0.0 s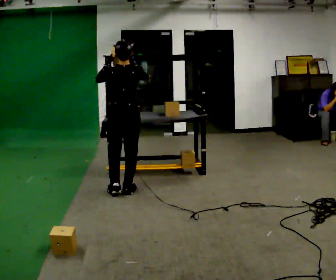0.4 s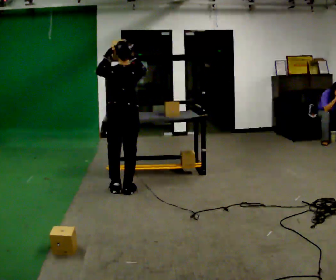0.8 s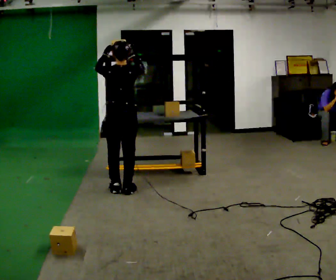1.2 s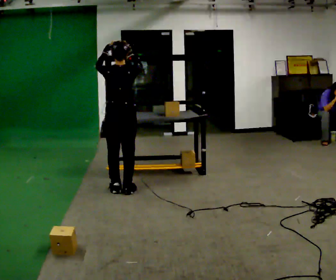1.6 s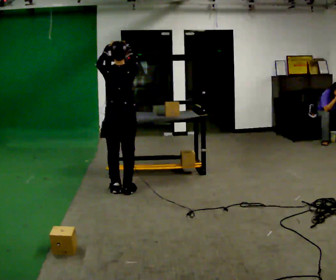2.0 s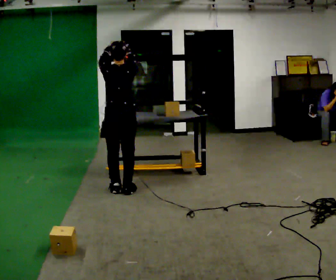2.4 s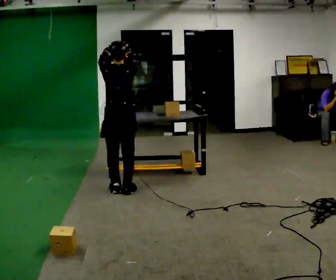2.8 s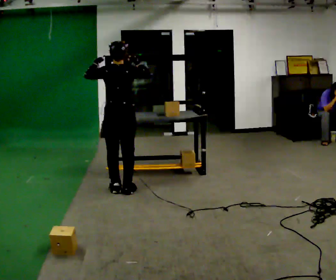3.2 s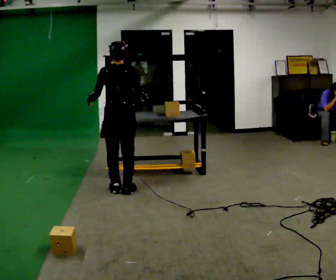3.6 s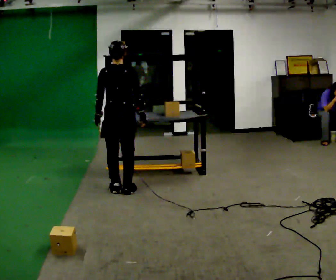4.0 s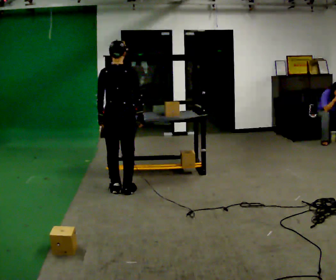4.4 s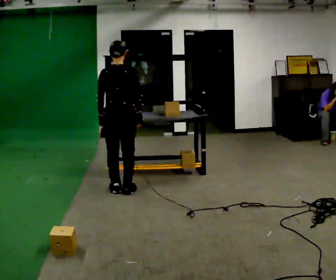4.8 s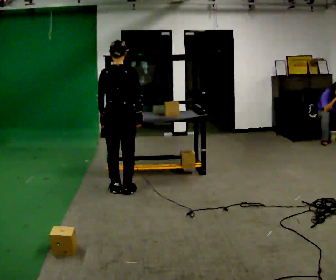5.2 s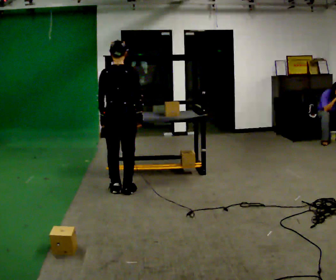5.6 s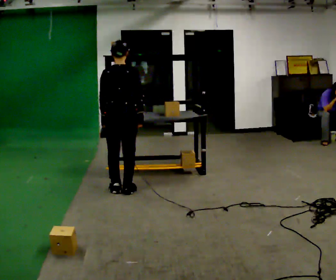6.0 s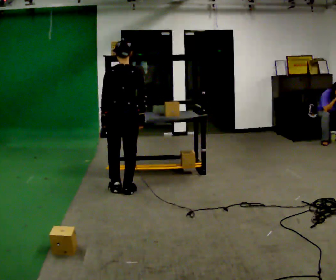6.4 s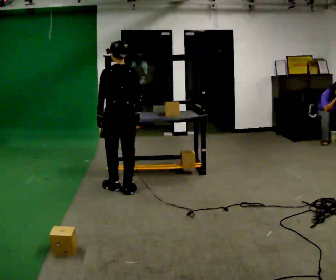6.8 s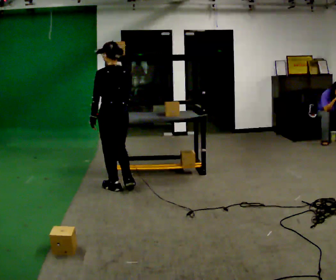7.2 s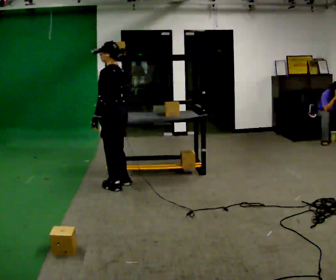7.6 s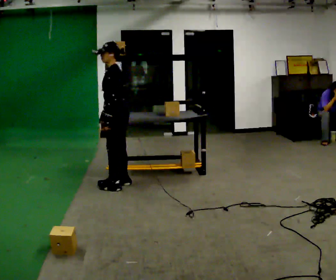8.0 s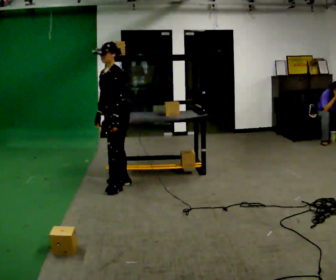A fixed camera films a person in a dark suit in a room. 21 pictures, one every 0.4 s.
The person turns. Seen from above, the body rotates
counterclockwise.
The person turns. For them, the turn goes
to their left.
0.0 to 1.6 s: The person moves a little, or ends about where they began.
1.6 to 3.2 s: In the picture their left hand goes downward.
3.2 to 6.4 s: The person moves a little, or ends about where they began.
6.4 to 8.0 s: The person turns about 105 degrees to their left, counterclockwise seen from above, so the part of the body nearest the lens slides to the right. In the picture they go away from the camera, about 0.25 m in 1 step.
The film runs forward here.
